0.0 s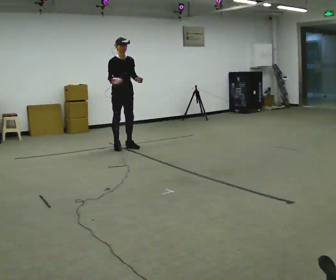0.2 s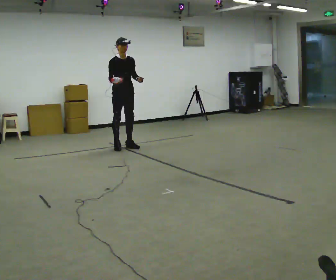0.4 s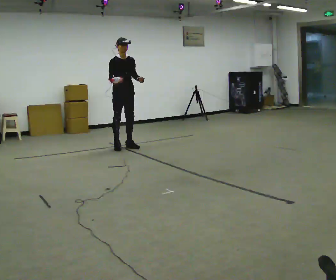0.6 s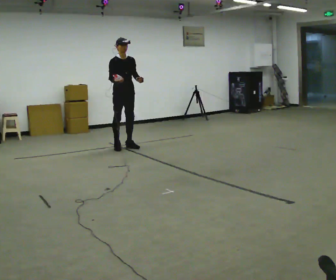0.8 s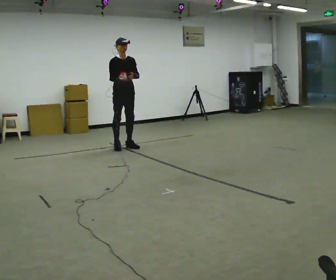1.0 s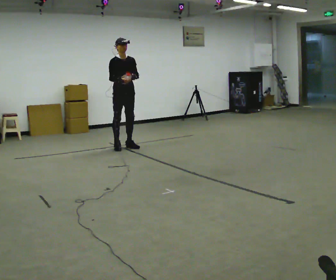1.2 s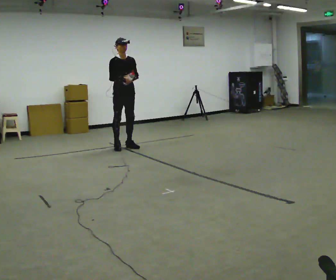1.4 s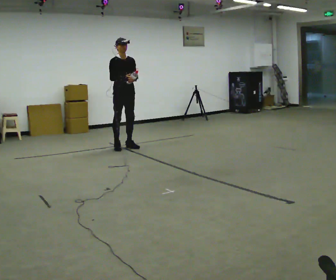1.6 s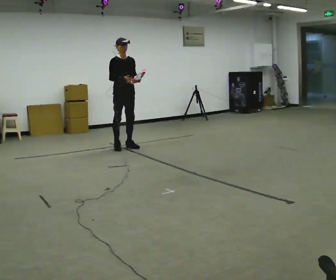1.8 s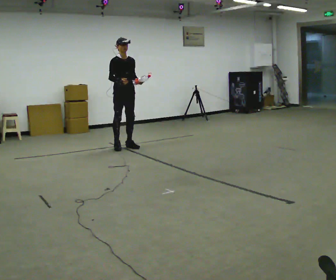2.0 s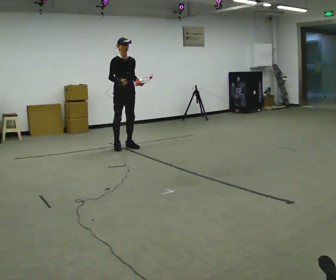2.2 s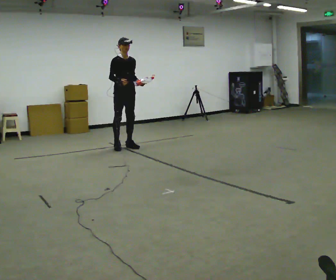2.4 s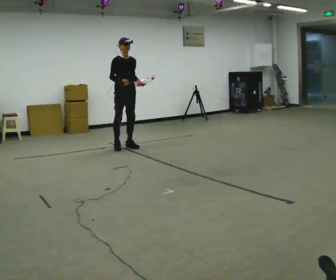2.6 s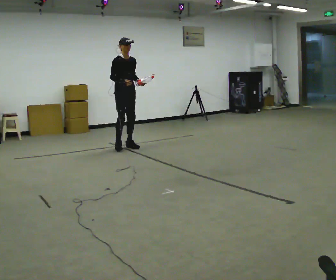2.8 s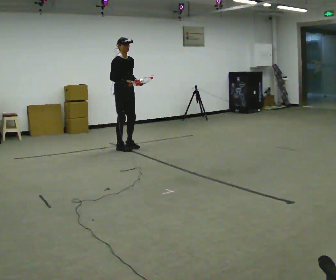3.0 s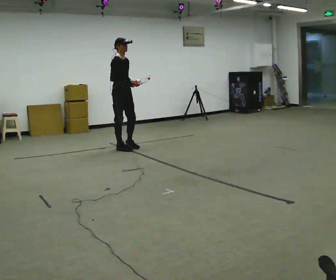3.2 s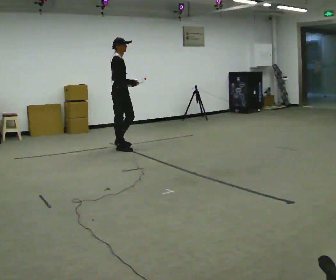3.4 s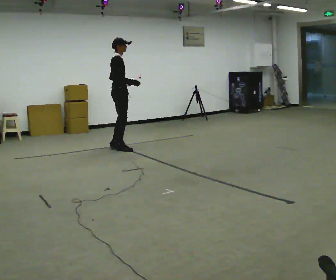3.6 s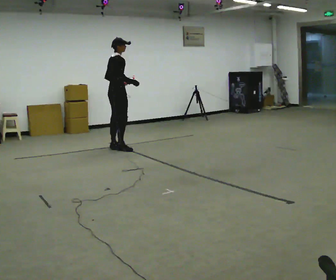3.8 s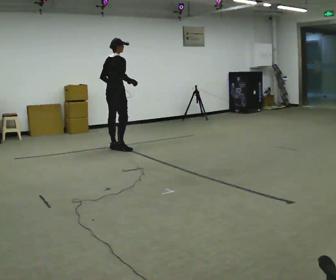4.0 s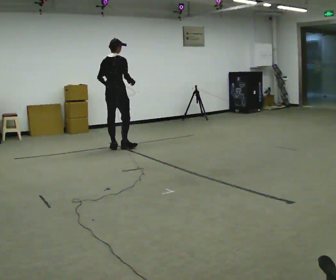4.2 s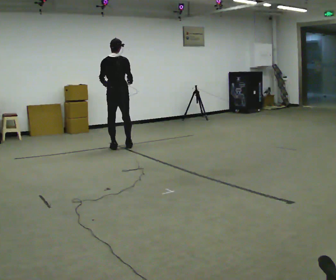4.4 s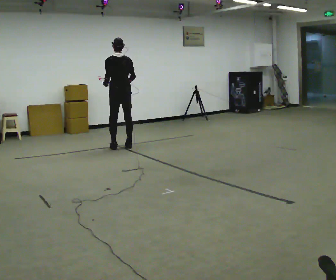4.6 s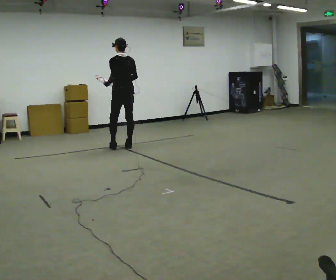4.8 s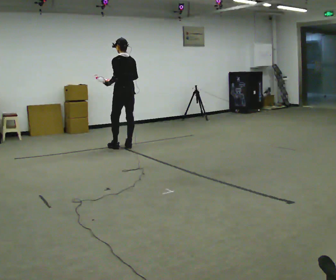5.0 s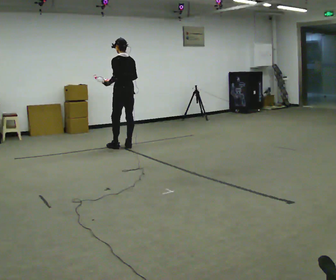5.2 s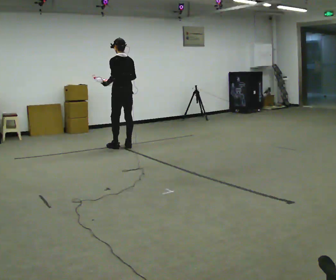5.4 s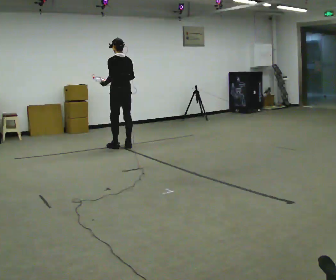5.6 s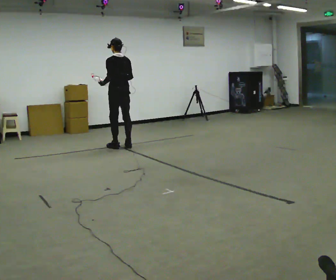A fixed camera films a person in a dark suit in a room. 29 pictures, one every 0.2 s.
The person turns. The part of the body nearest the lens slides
to the right.
The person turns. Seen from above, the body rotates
counterclockwise.
0.0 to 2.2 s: The person moves a little, or ends about where they began.
2.2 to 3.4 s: The part of the body nearest the lens slides to the right as the person turns to their left by about 75 degrees. In the picture they go toward the camera, about 0.25 m in 1 step.
3.4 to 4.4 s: The person turns about 90 degrees to their left, counterclockwise seen from above, so the part of the body nearest the lens slides to the right.
4.4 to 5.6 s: The person moves a little, or ends about where they began.
The film runs backward here.
